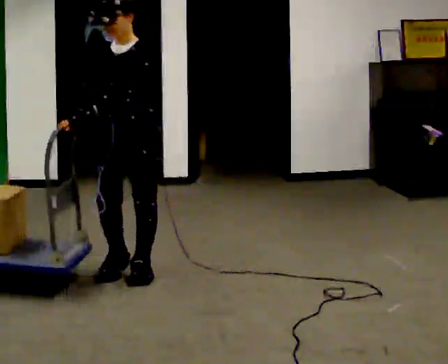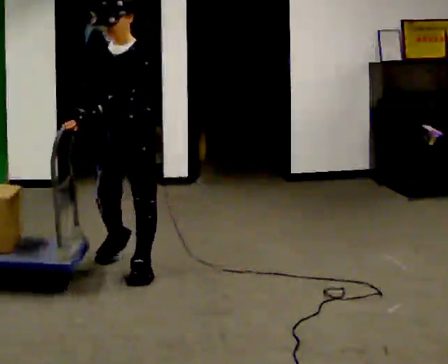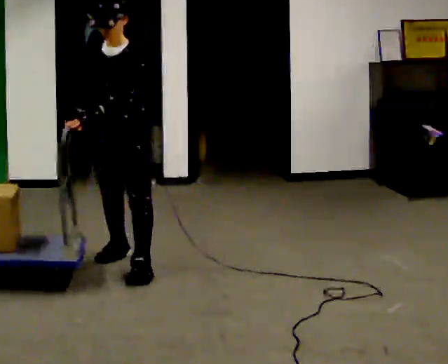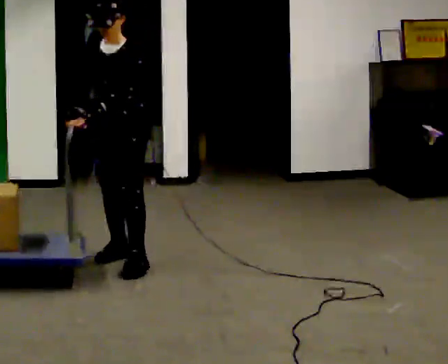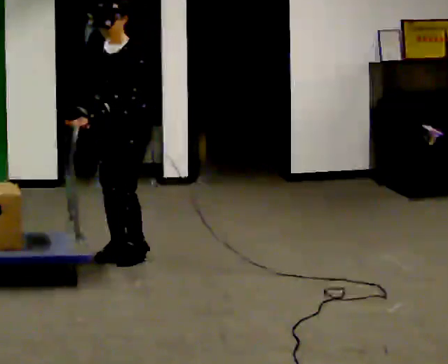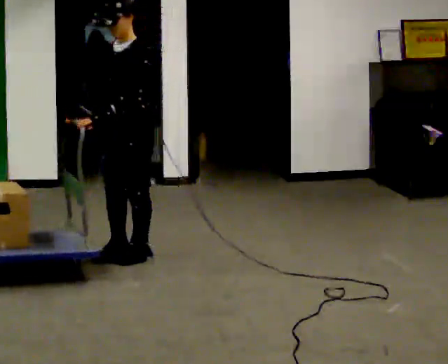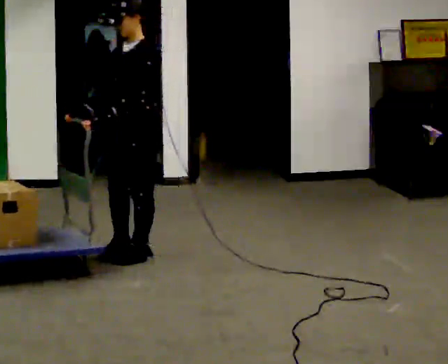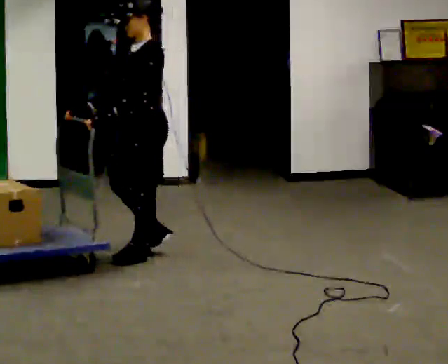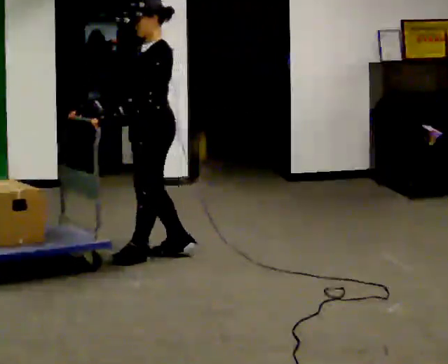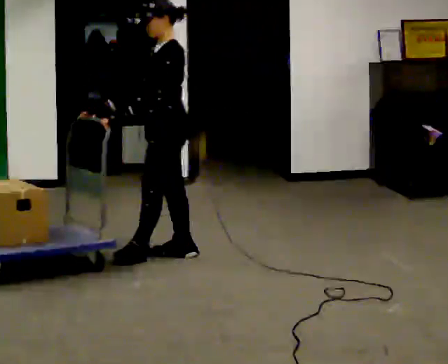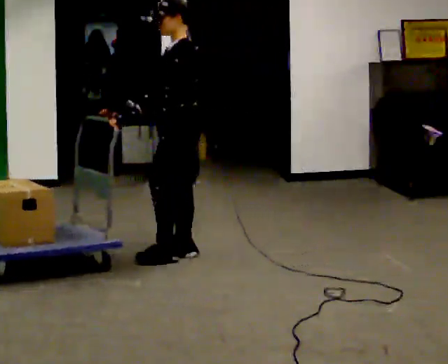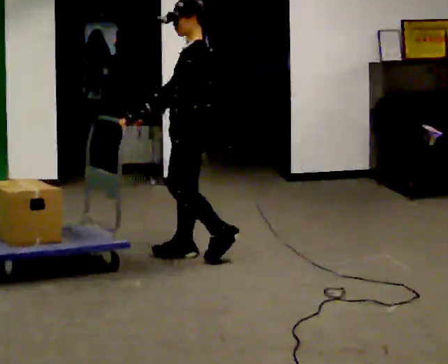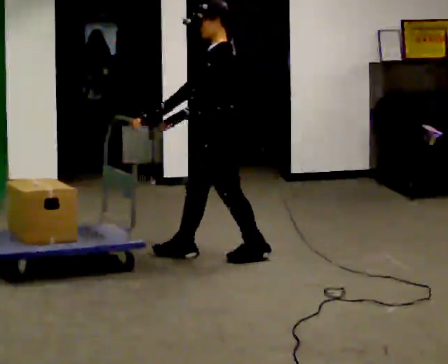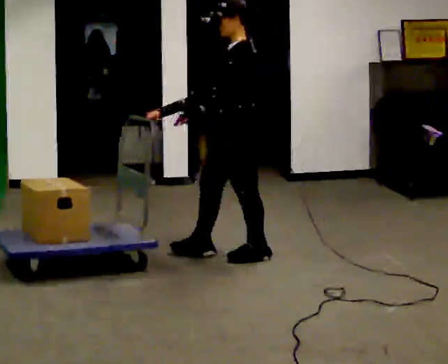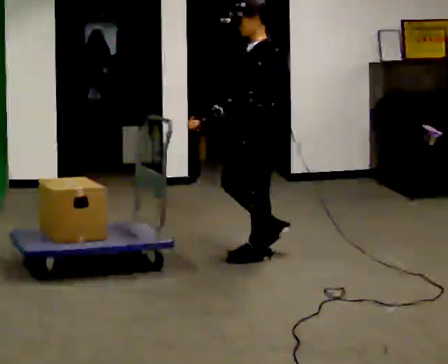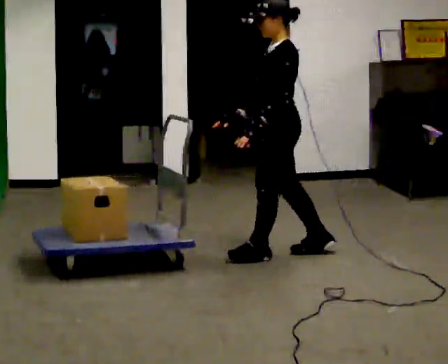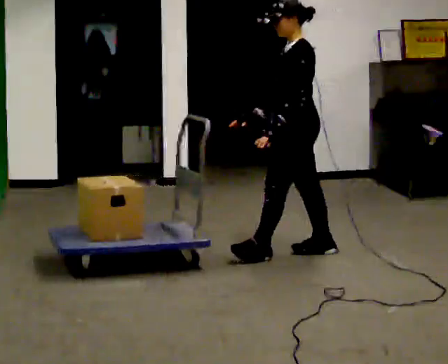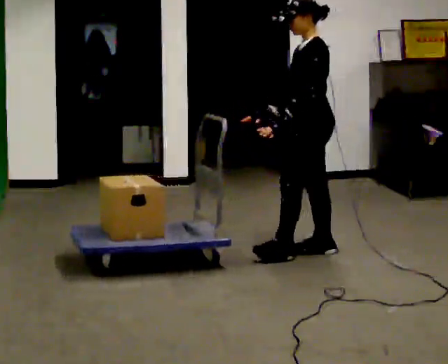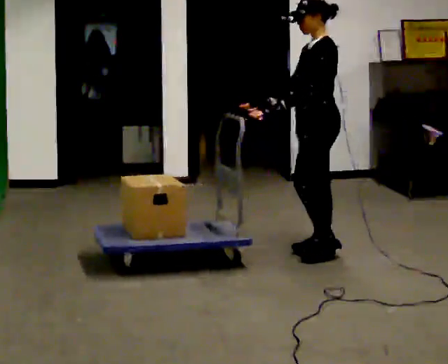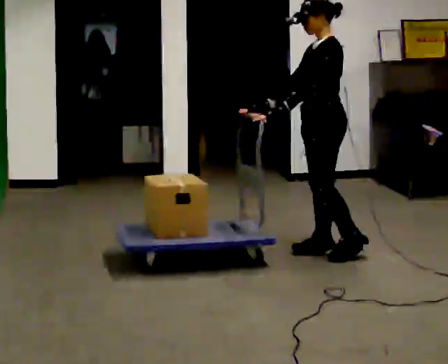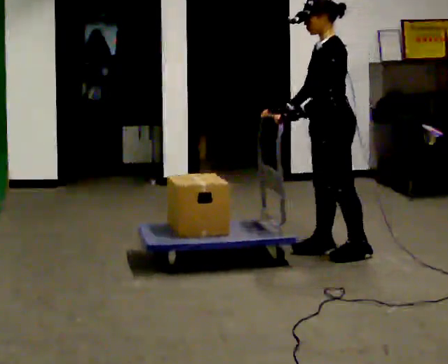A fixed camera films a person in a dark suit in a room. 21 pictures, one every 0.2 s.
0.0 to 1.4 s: The person turns about 45 degrees to their right, clockwise seen from above, so the part of the body nearest the lens slides to the left. In the picture they go away from the camera, about 0.5 m in 2 steps, which for them is backward.
1.4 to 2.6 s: In the picture they go to the right, about 0.5 m in 2 steps, which for them is backward.
2.6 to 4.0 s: In the picture they go to the right, about 0.5 m in 1 step, which for them is backward.
The film runs backward here.
